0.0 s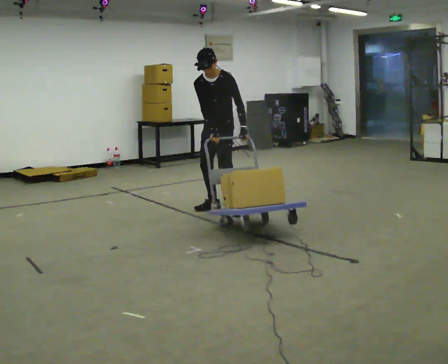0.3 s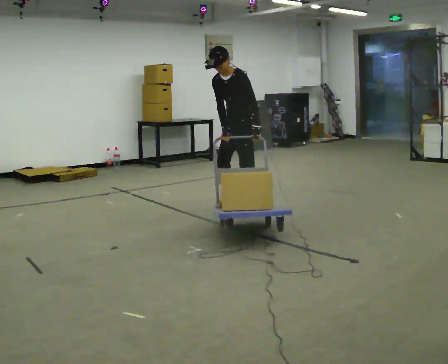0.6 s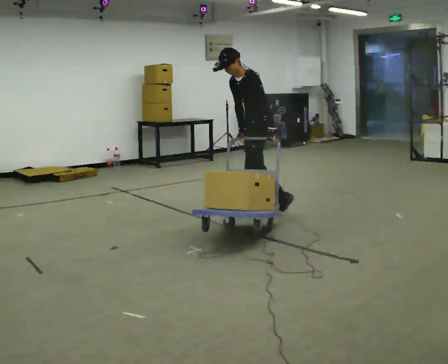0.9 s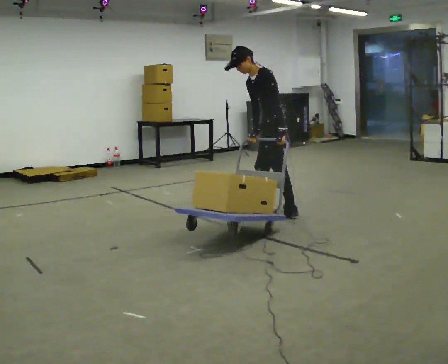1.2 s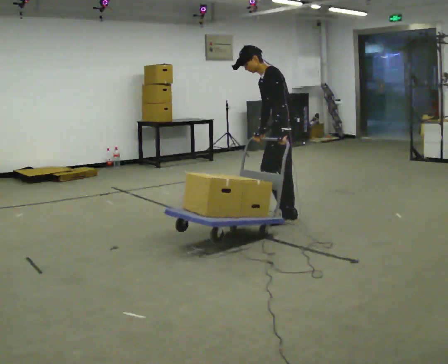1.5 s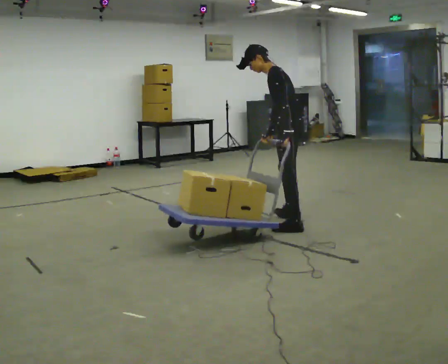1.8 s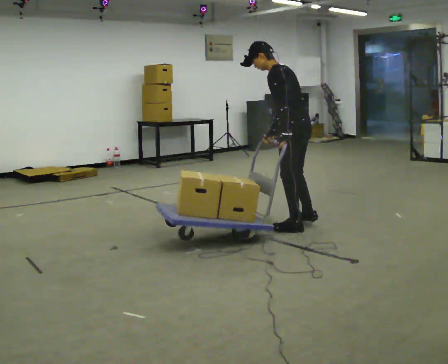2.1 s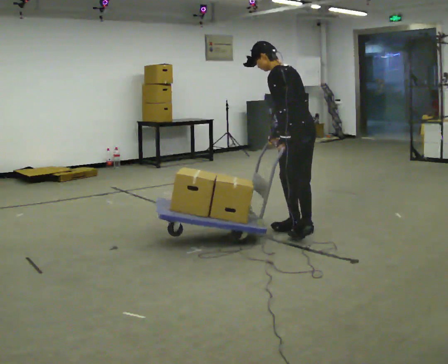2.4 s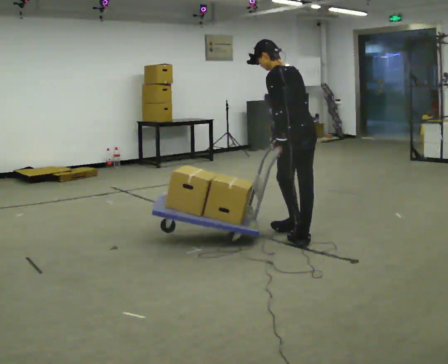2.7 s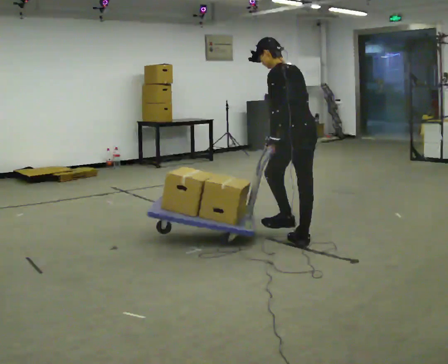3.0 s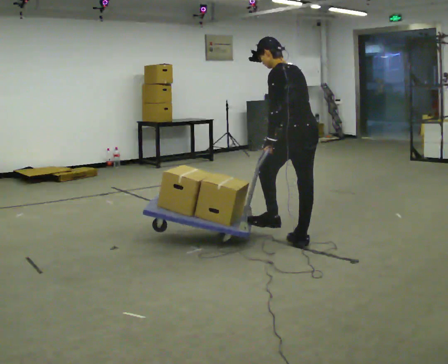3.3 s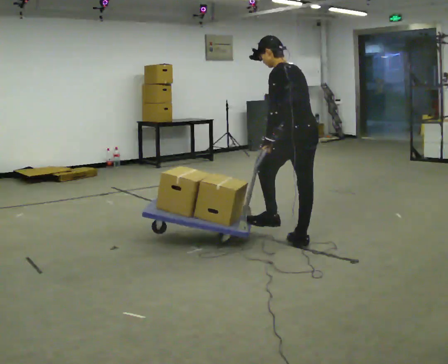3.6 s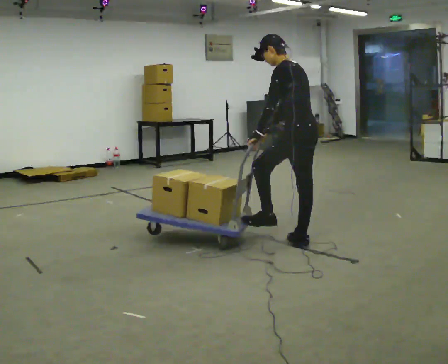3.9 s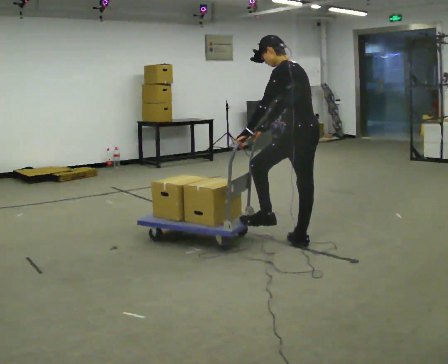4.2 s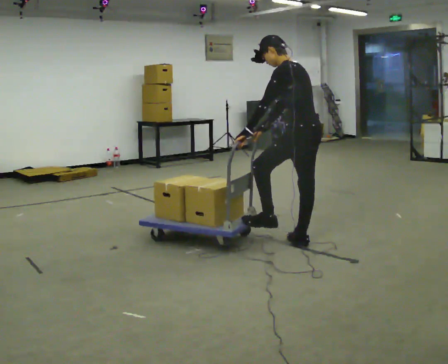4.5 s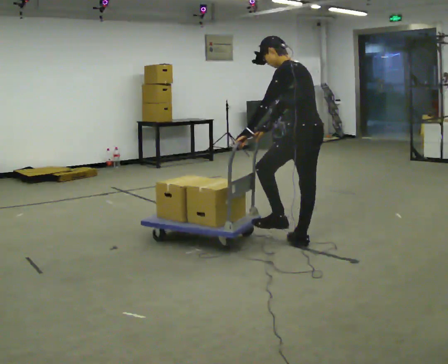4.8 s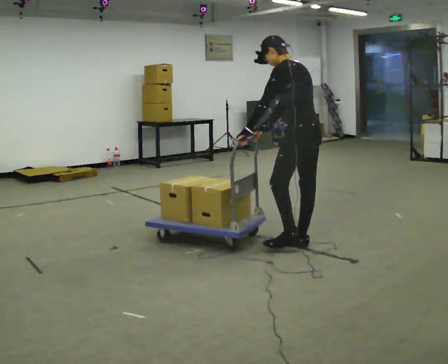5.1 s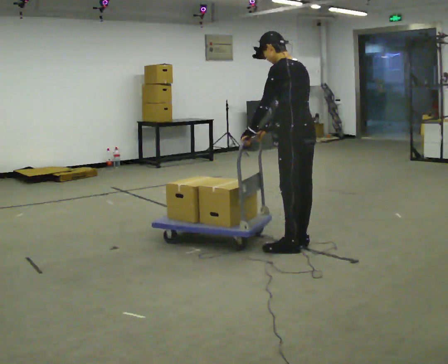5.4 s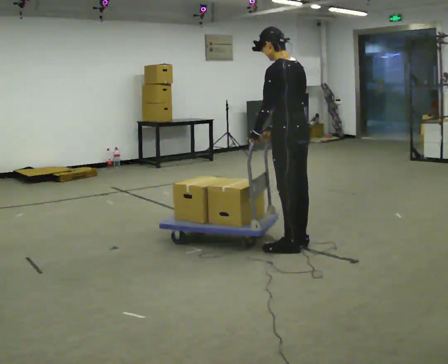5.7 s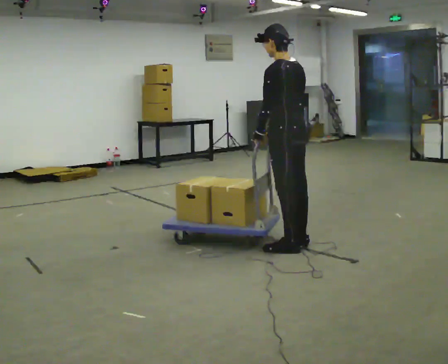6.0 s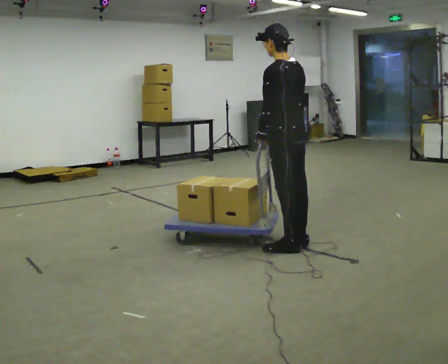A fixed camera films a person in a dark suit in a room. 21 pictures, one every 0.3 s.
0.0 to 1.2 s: Seen from above the body turns clockwise, about 60 degrees: to their right, with its near side sliding to the left. In the picture they go to the right and toward the camera, about 1 m in 2 steps. The upper body tips away from the camera, its near side rolling upward.
1.2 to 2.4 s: The part of the body nearest the lens slides to the left as the person turns to their right by about 45 degrees. In the picture they go toward the camera, about 0.5 m in 1 step, which for them is to their left and backward.
2.4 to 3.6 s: In the picture they go toward the camera, about 0.25 m in 2 steps.
3.6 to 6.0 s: The person moves a little, or ends about where they began.
The film runs backward here.
